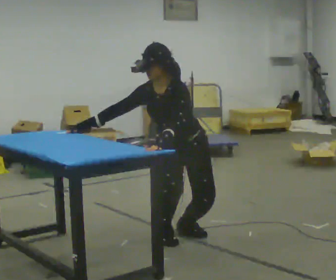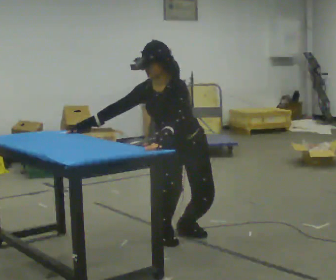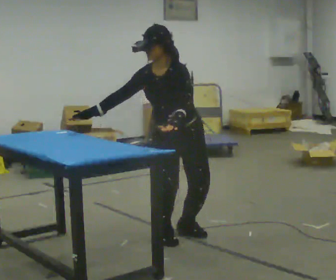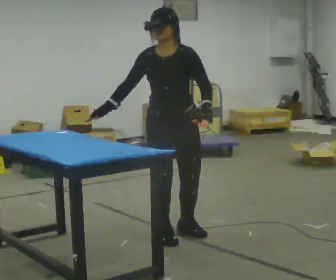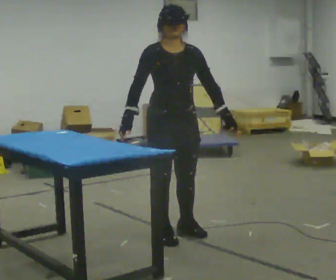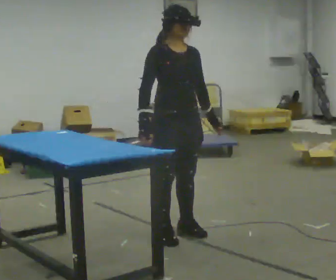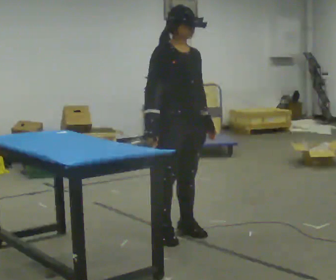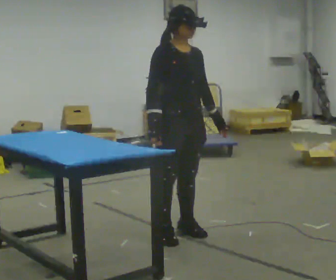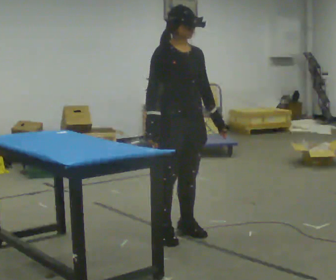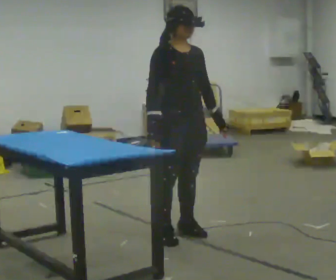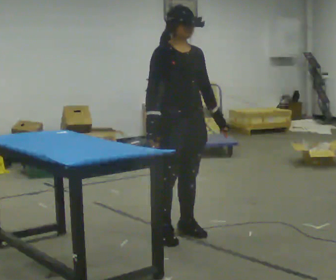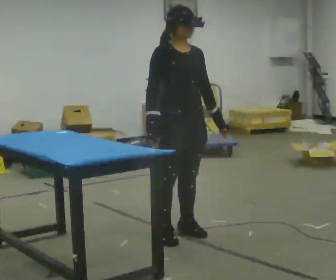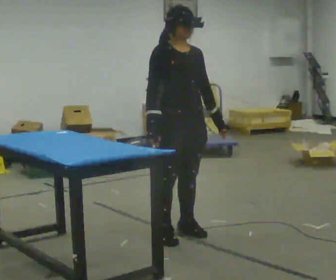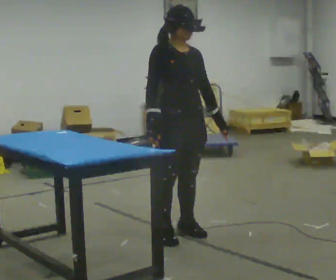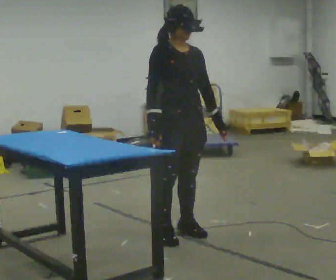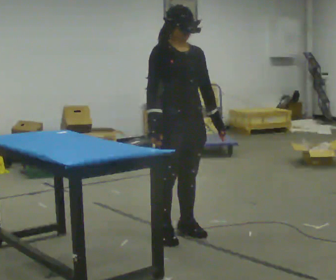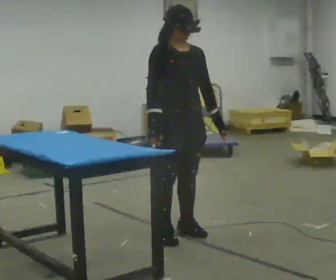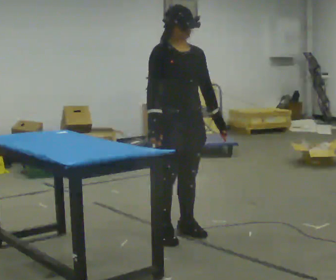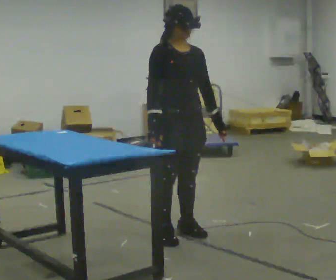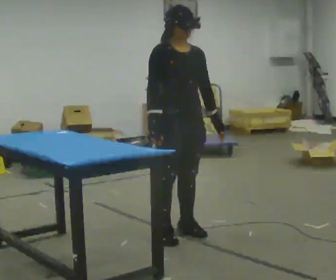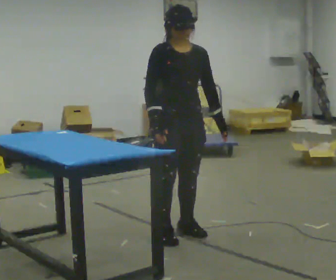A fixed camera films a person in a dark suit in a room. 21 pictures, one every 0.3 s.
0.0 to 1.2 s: Seen from above the body turns counterclockwise, about 45 degrees: to their left, with its near side sliding to the right. The upper body goes upward. In the picture the upper body tilts clockwise, shoulders to the right, as they lean back or straighten. In the picture their left hand goes to the right.
1.2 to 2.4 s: The person moves a little, or ends about where they began.
2.4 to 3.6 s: The person keeps their place and pose.
3.6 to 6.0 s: The person moves a little, or ends about where they began.
The film runs forward here.
